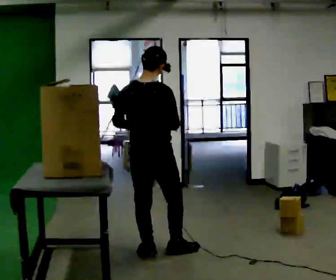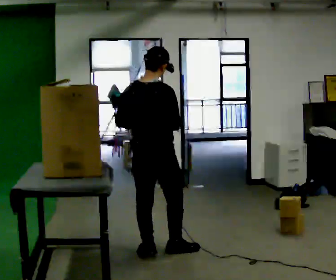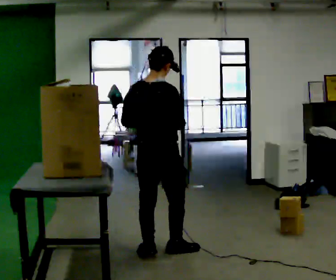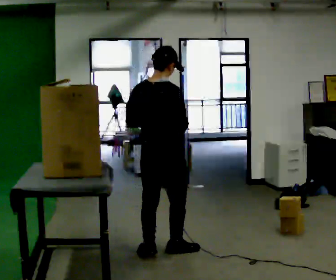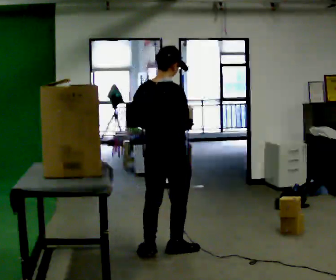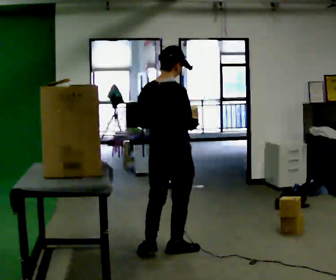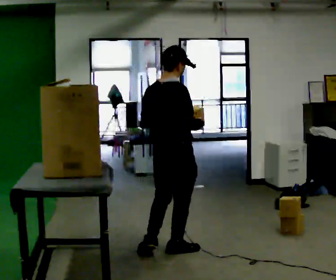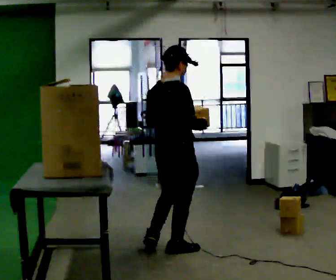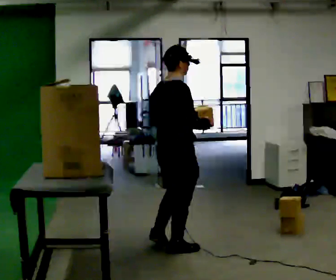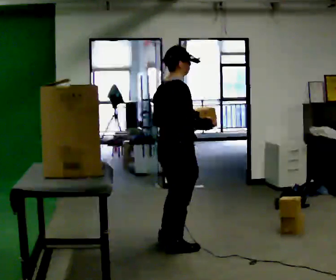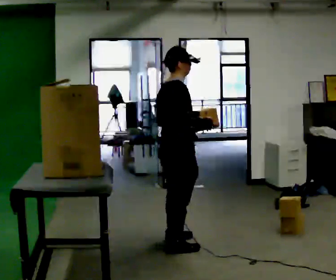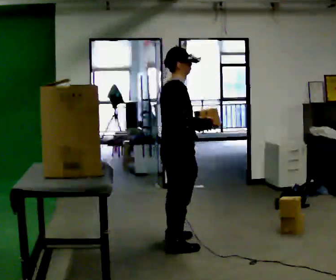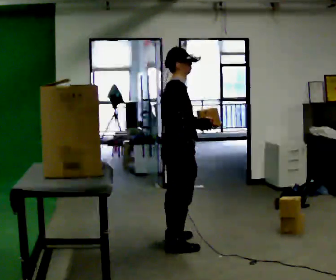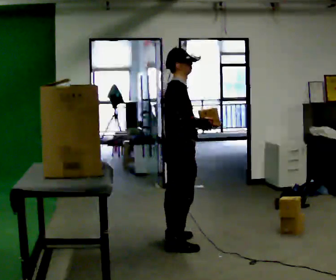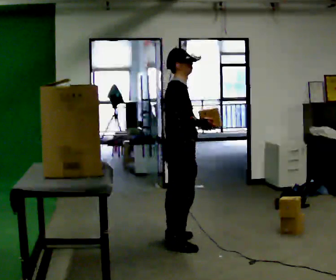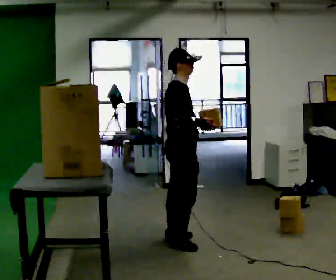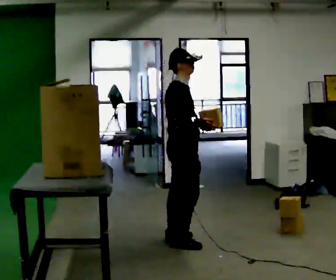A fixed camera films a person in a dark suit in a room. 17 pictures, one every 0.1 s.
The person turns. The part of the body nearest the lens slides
to the left.
The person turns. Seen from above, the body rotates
clockwise.
0.0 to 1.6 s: The part of the body nearest the lens slides to the left as the person turns to their right by about 75 degrees. In the picture they go away from the camera and to the right, about 0.5 m in 3 steps.
The film runs forward here.
